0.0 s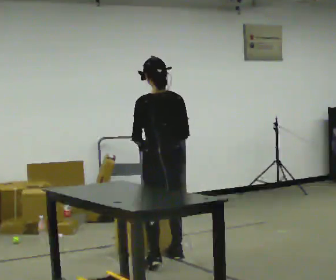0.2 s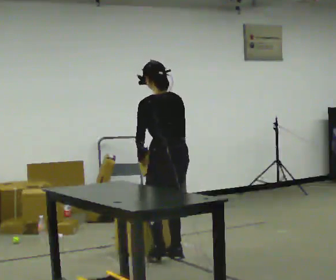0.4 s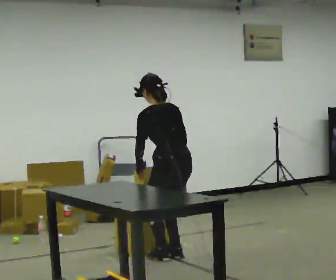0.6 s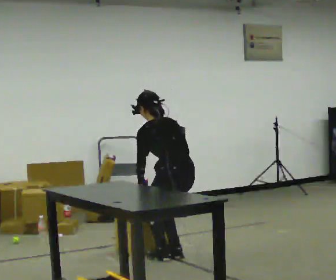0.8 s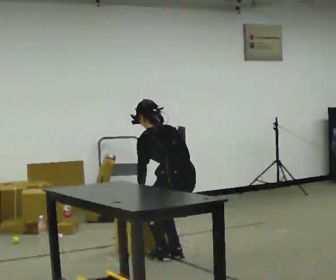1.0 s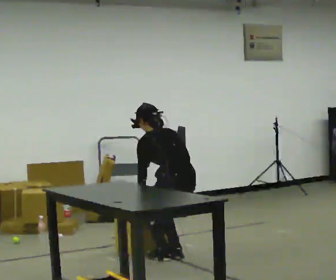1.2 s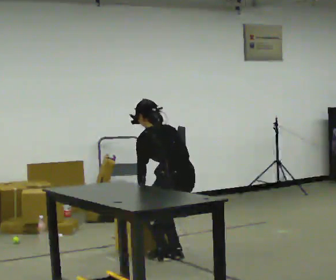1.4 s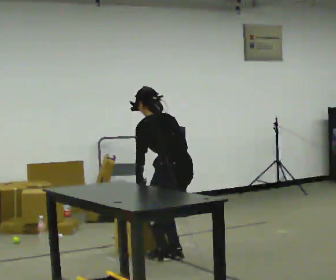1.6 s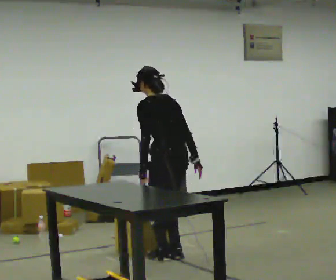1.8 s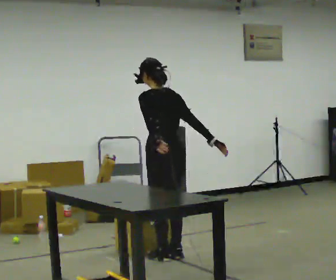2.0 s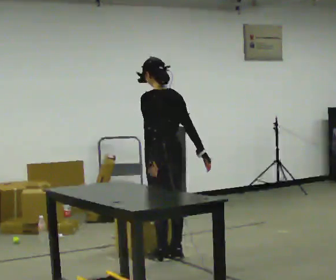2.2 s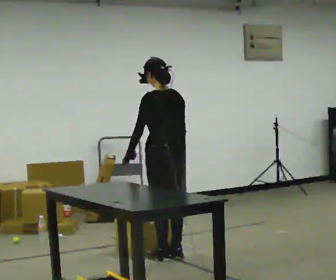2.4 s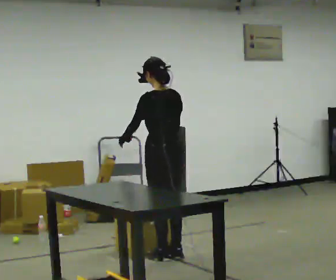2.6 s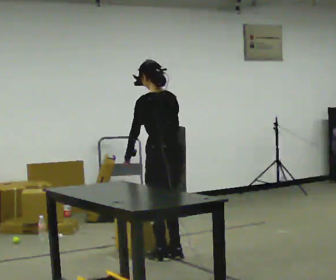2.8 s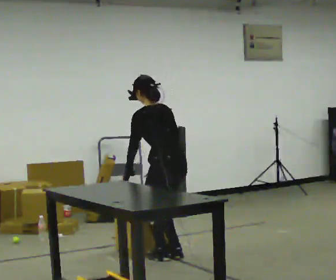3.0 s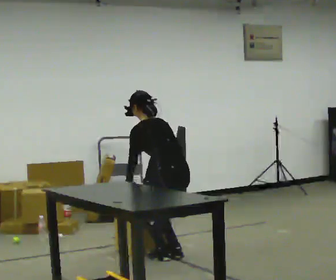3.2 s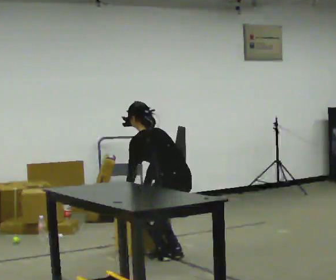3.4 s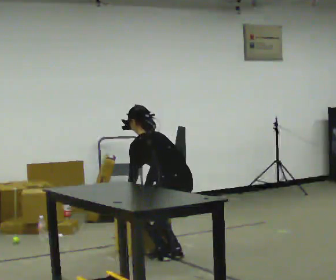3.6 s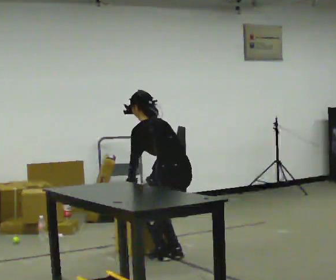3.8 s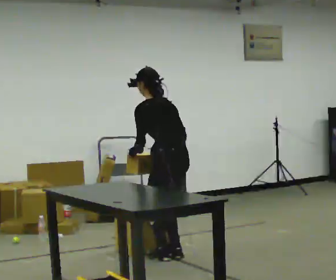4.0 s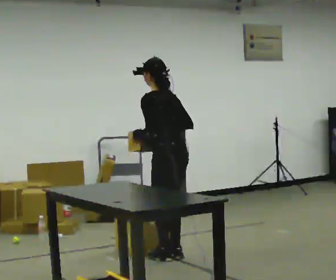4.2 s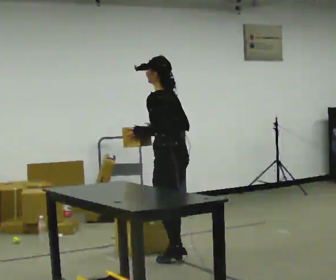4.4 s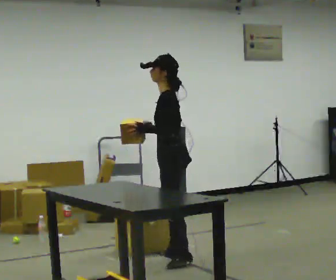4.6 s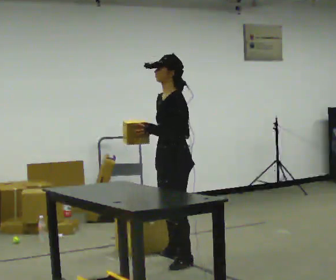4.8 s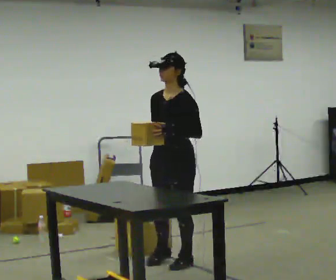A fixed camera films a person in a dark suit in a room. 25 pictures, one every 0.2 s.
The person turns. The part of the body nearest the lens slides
to the right.
The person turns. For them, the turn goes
to their left.
0.0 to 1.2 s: The upper body goes downward. The upper body tips away from the camera, its near side rolling upward, as they bend forward. In the picture their right hand goes downward.
1.2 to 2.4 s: The shoulders move upward. The upper body tips toward the camera, its near side rolling downward, as they lean back or straighten. In the picture their left hand goes upward.
2.4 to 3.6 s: In the picture their left hand goes downward.
3.6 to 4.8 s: Seen from above the body turns counterclockwise, about 90 degrees: to their left, with its near side sliding to the right. In the picture they go toward the camera, about 0.25 m in 1 step. The shoulders move upward. The upper body tips toward the camera, its near side rolling downward, as they lean back or straighten. In the picture their left hand goes upward and to the right.
The film runs forward here.
